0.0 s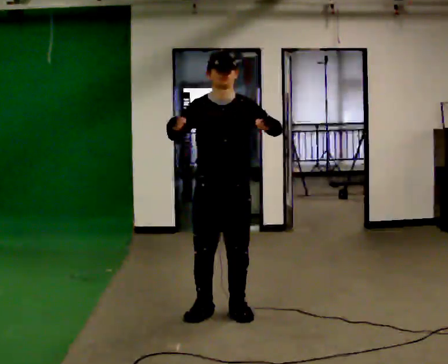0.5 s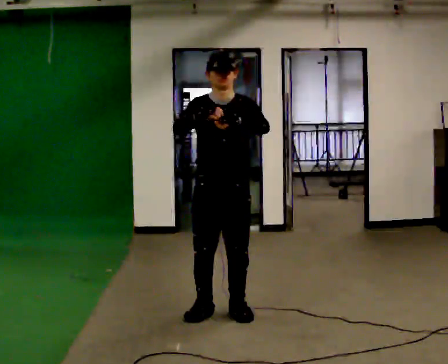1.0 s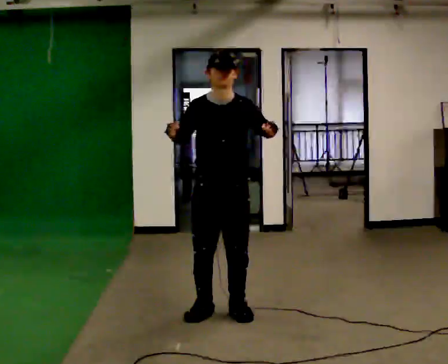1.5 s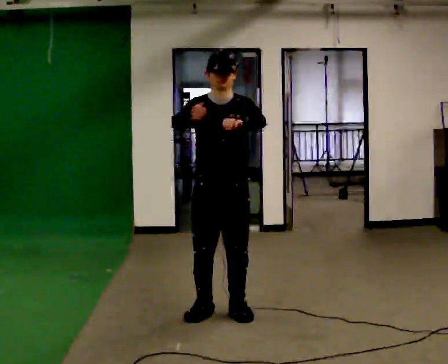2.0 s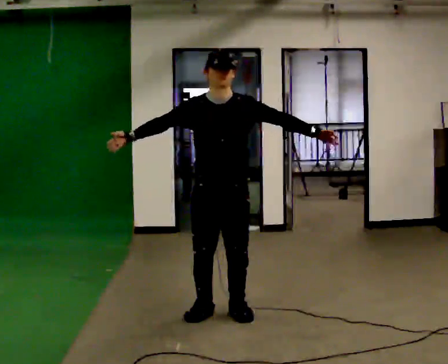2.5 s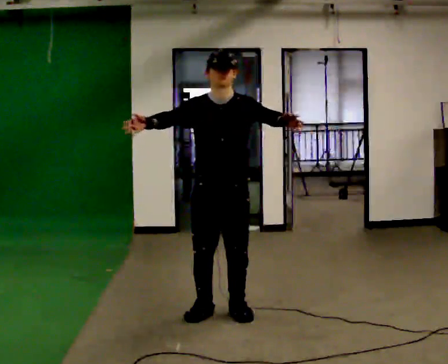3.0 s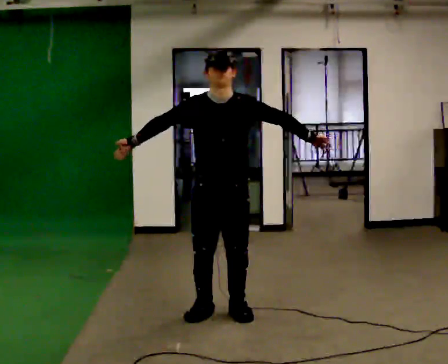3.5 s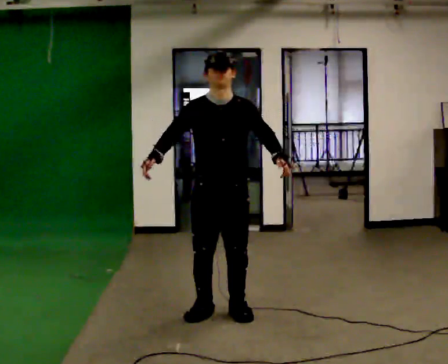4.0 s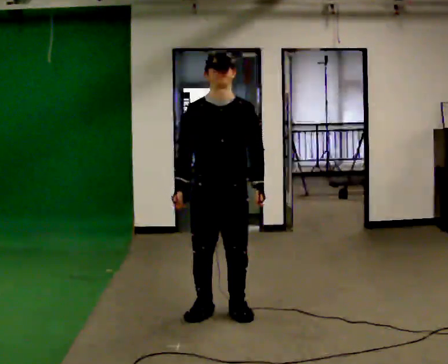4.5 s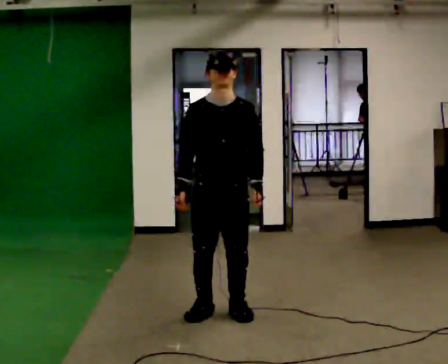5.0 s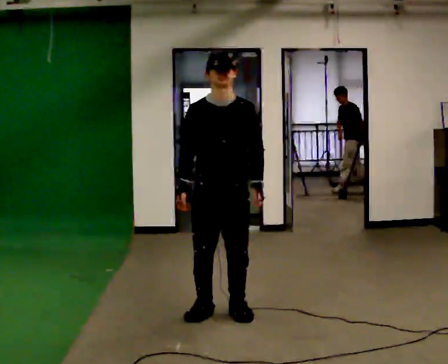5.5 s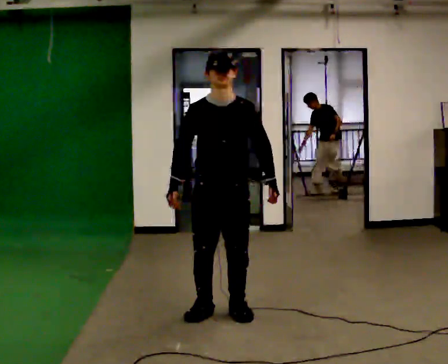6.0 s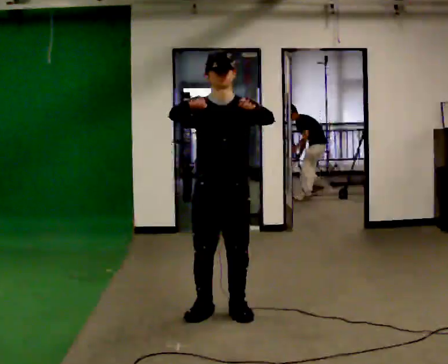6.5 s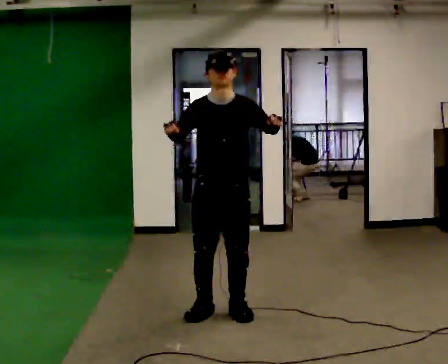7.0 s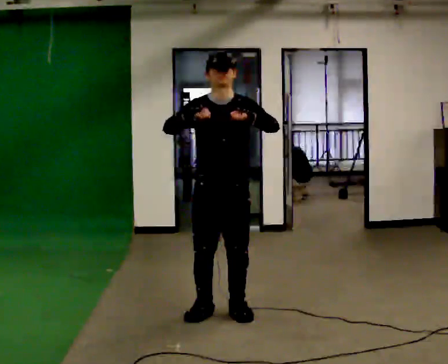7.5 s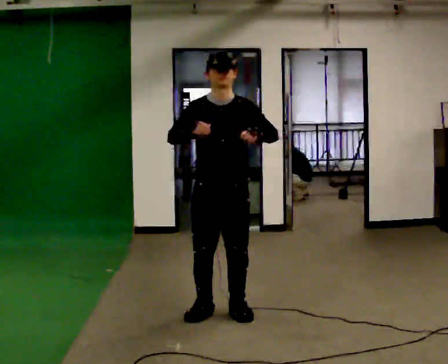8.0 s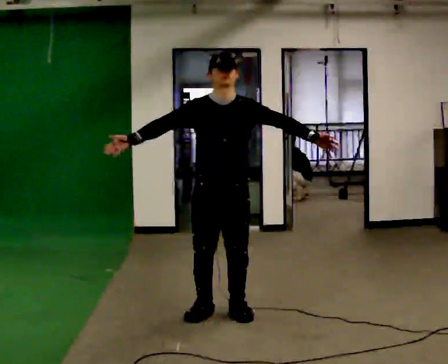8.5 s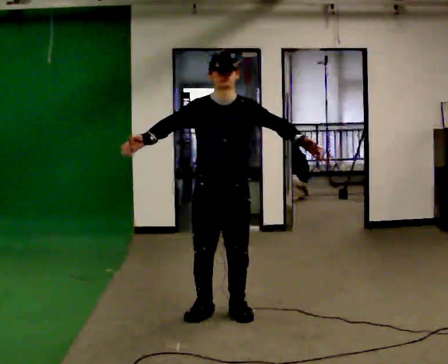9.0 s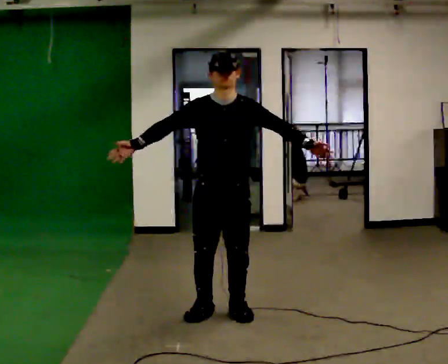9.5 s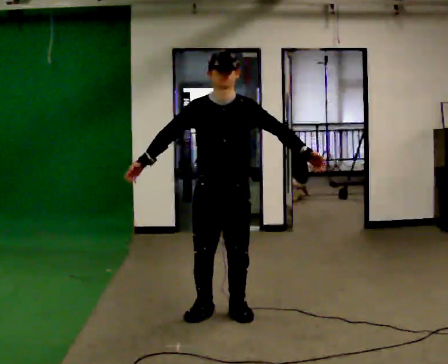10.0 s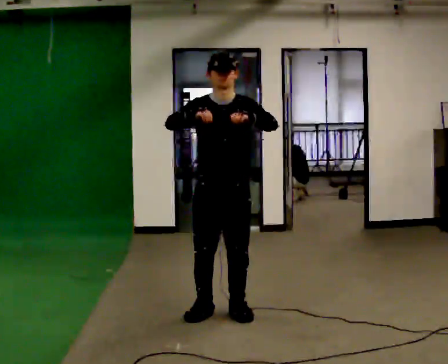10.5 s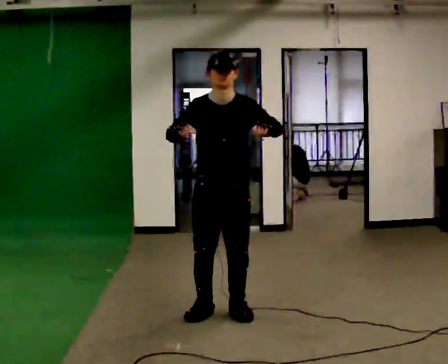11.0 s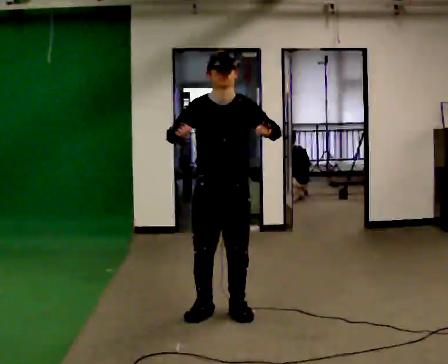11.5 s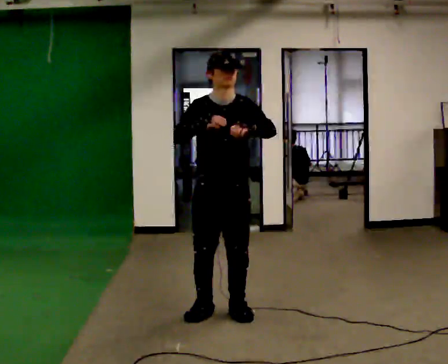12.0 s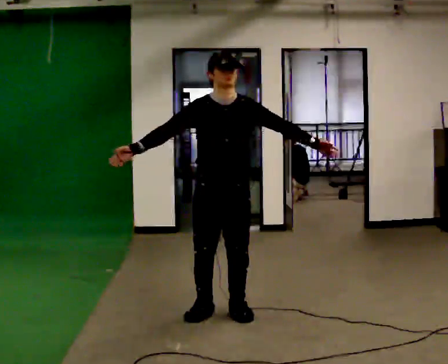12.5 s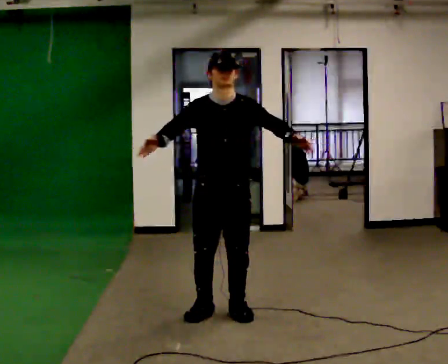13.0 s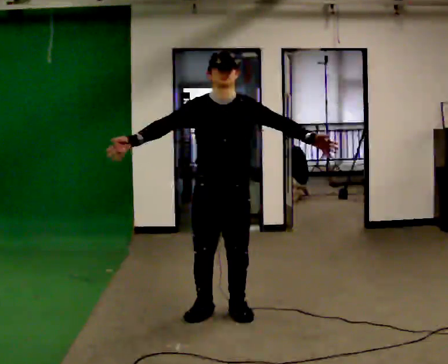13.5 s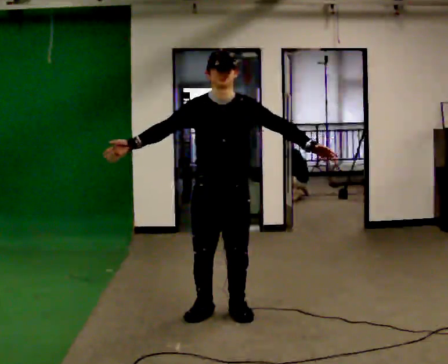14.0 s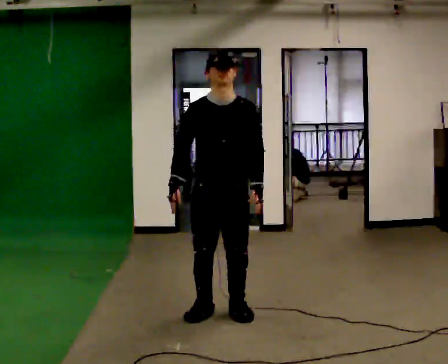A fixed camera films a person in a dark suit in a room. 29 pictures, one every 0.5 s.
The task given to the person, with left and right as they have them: Dance freely at a fast tempo as if to upbeat music; keep moving continuously.
0.0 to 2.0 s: The person moves a little, or ends about where they began.
2.0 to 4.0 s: In the picture their left hand goes to the left and downward, the arm swinging clockwise.
4.0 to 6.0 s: In the picture their right hand goes upward.
6.0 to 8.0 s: In the picture their right hand goes to the left.
8.0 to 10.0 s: In the picture their right hand goes to the right.
10.0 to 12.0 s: In the picture their left hand goes to the right.
12.0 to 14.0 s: In the picture their left hand goes to the left.
The film runs forward here.
